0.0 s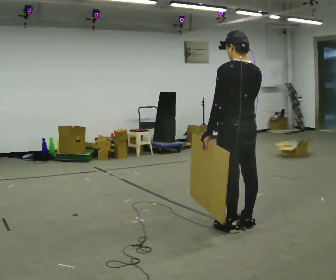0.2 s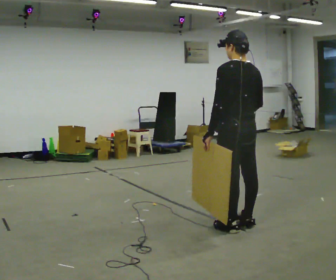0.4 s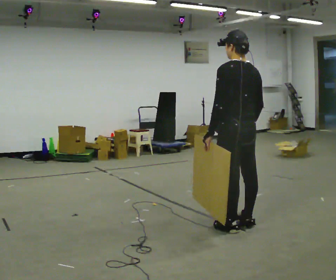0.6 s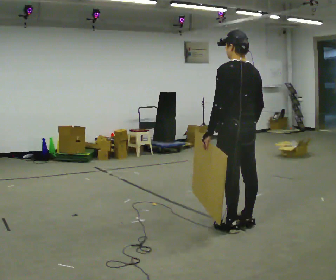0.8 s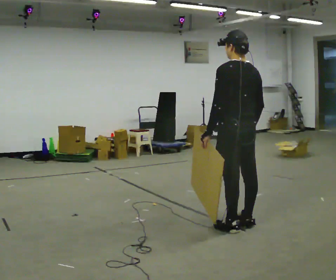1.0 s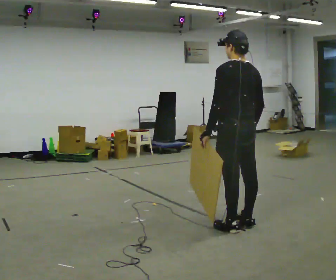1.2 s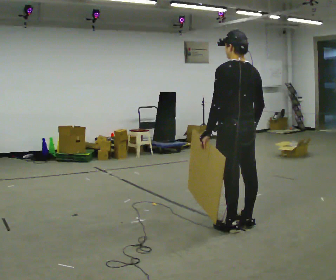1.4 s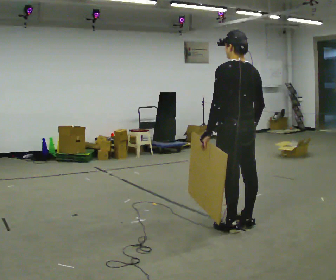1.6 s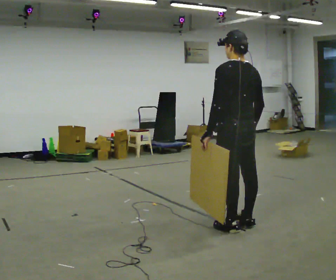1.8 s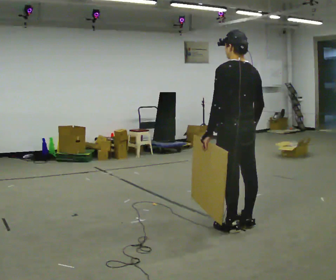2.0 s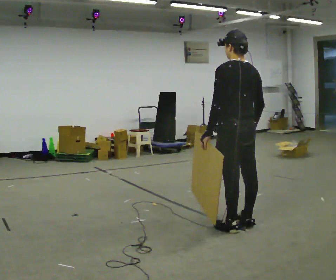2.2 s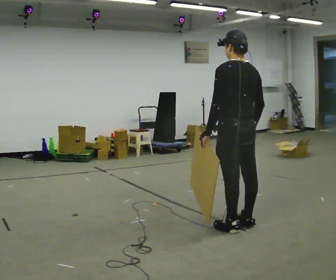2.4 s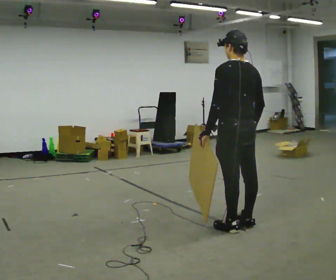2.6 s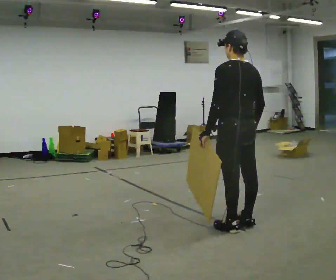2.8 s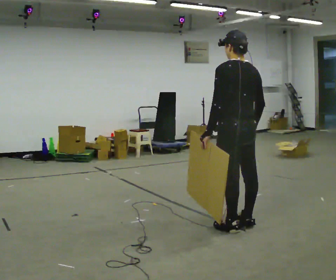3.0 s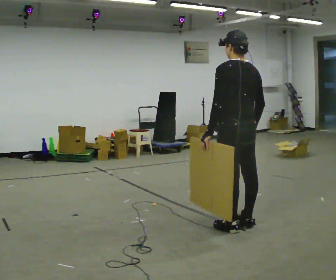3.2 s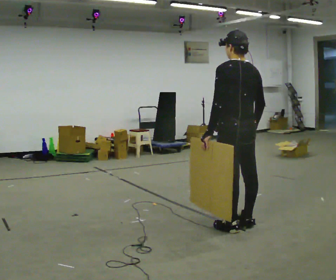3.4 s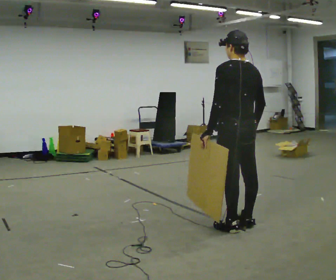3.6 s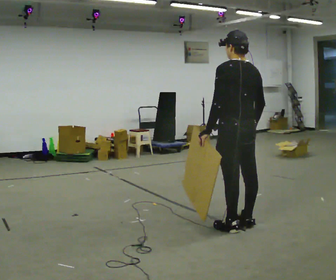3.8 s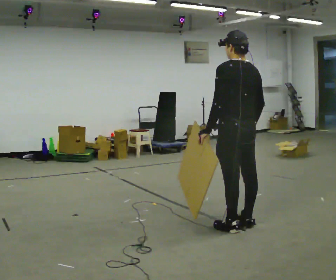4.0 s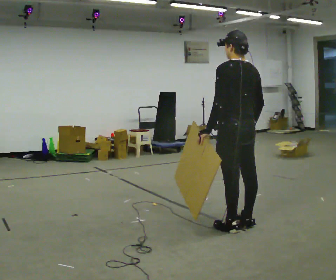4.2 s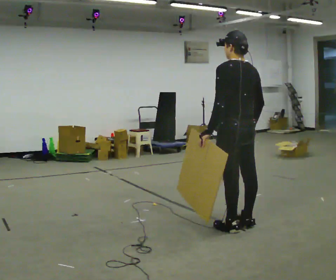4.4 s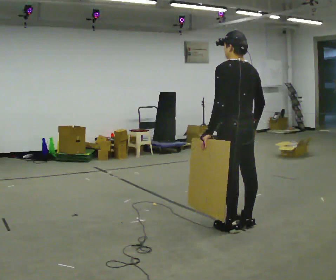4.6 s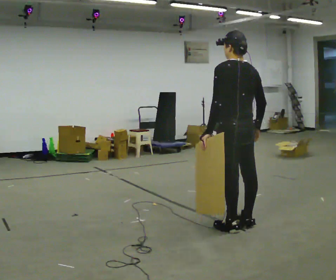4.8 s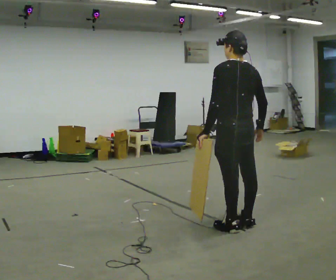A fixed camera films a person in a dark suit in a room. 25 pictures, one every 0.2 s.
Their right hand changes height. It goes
downward.
0.0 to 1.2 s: In the picture their right hand goes downward.
1.2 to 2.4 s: The person keeps their place and pose.
2.4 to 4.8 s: The person moves a little, or ends about where they began.
The film runs backward here.
